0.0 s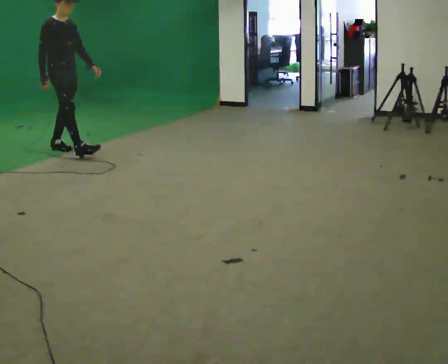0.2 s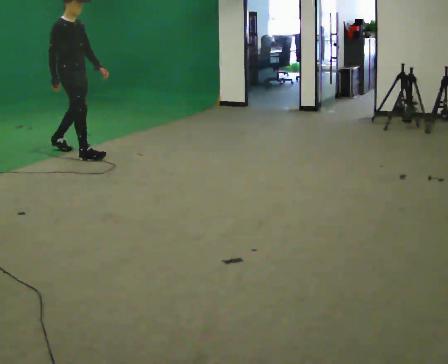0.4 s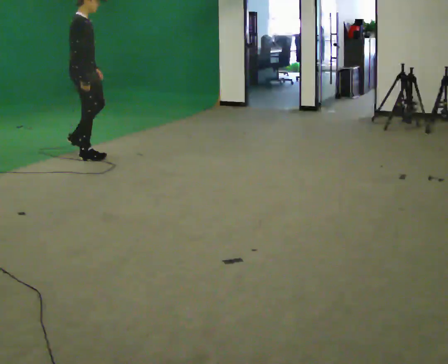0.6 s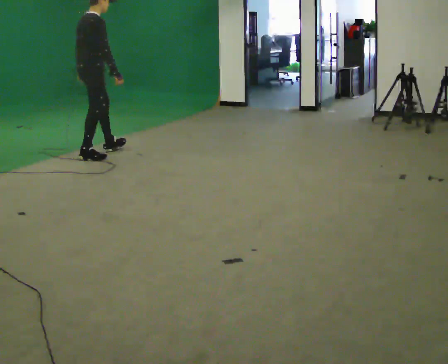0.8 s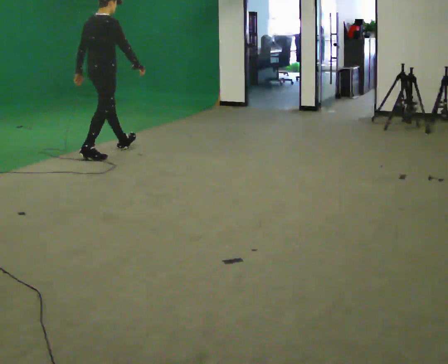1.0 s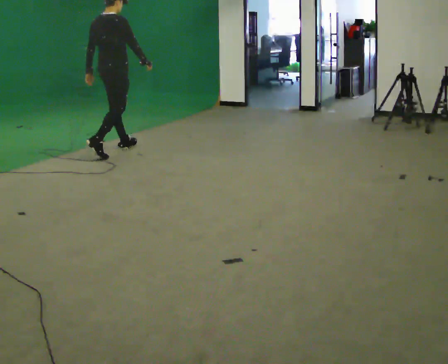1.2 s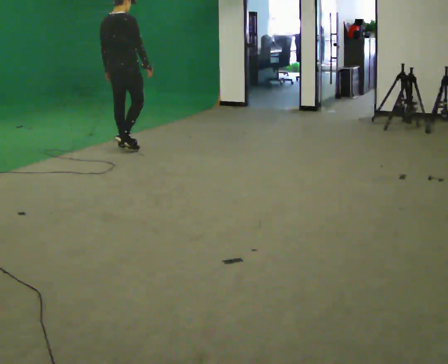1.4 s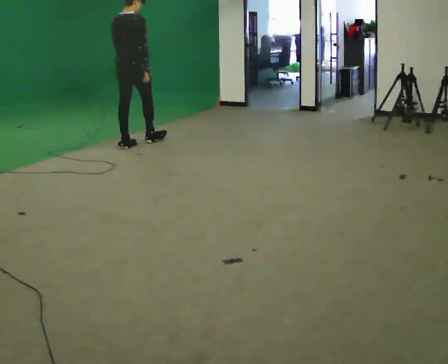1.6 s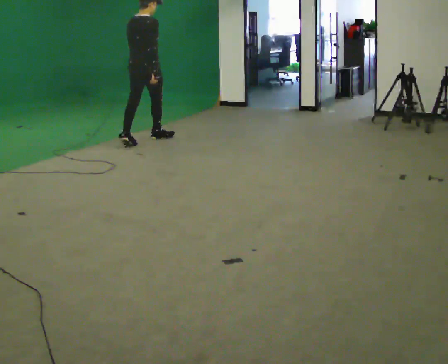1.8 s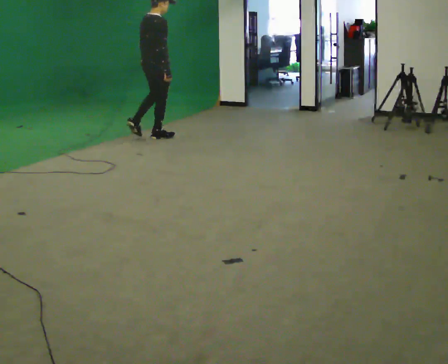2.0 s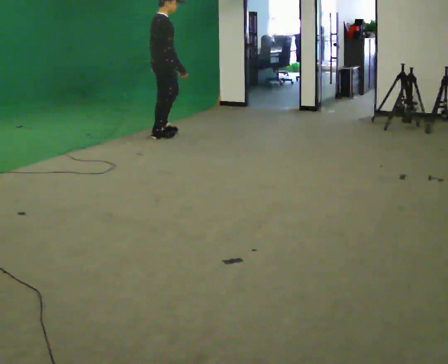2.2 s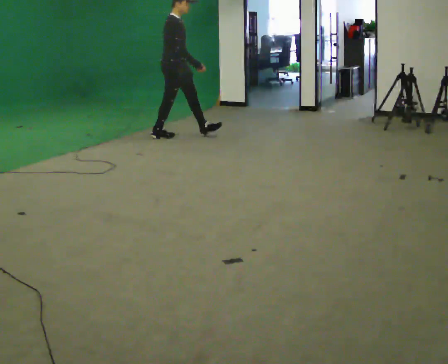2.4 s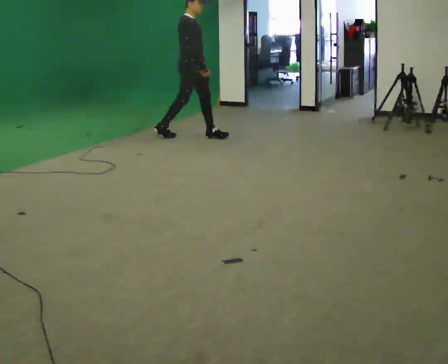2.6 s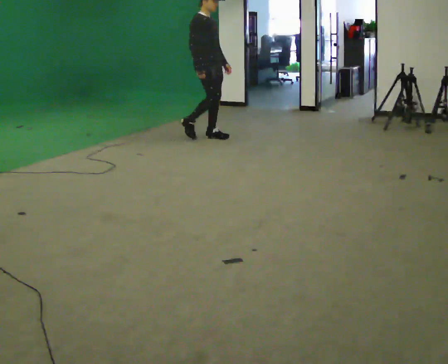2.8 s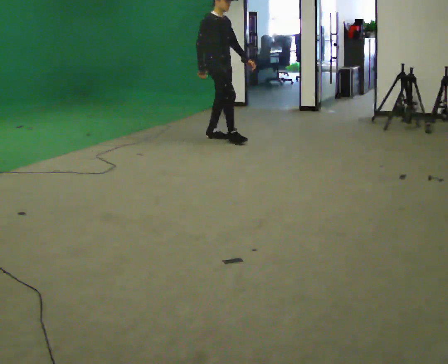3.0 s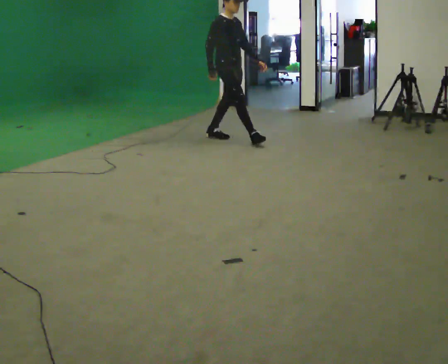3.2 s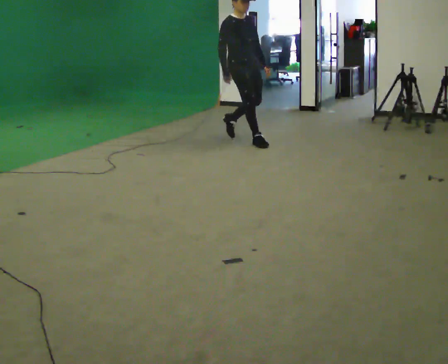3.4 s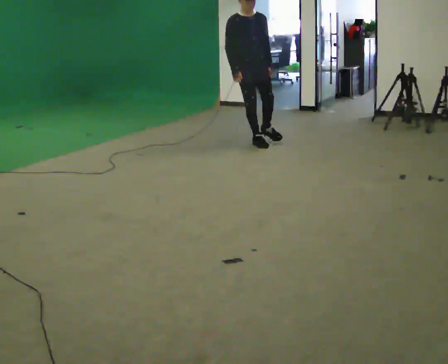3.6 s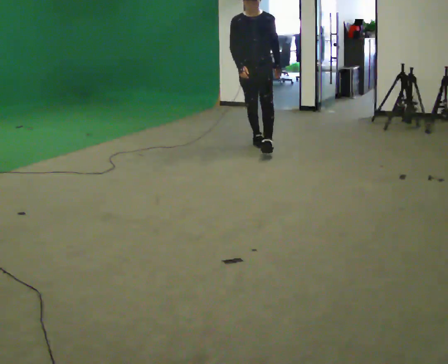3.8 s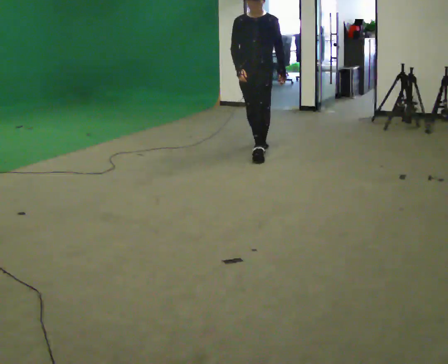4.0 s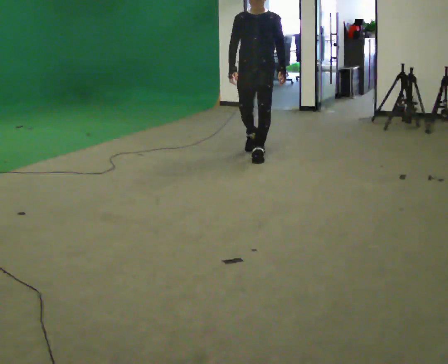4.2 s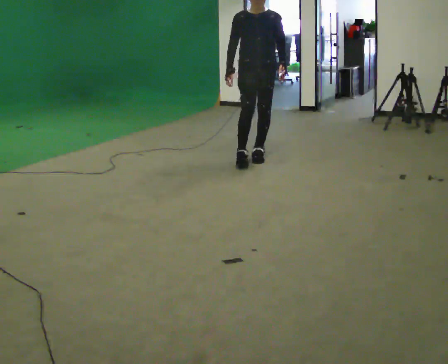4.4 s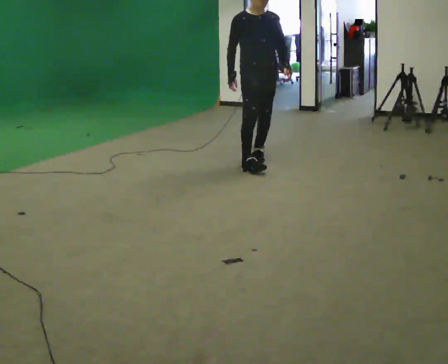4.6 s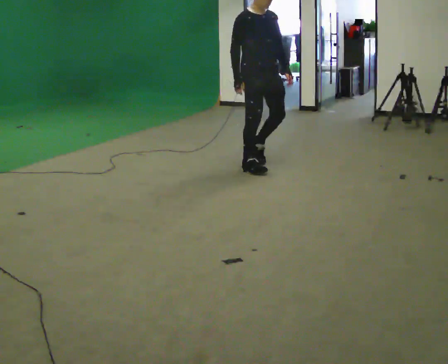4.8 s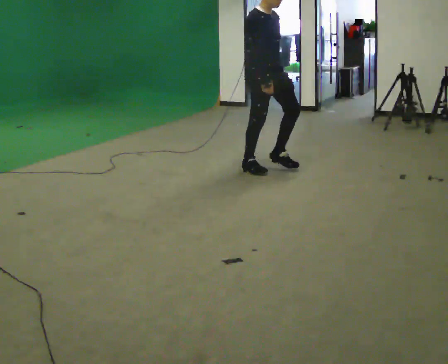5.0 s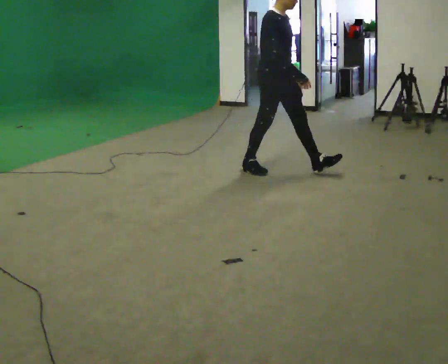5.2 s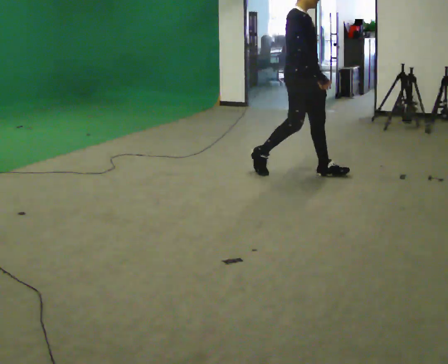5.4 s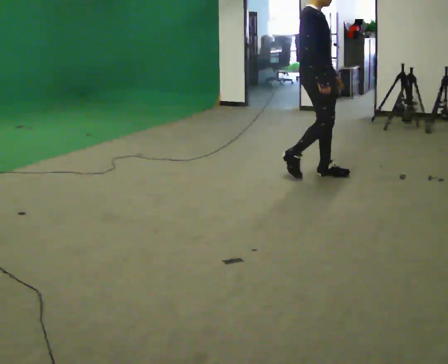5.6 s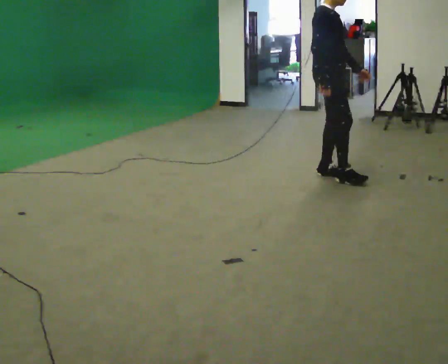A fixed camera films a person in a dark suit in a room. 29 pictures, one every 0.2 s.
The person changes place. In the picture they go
to the right.
0.0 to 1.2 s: The person turns about 90 degrees to their left, counterclockwise seen from above, so the part of the body nearest the lens slides to the right. In the picture they go to the right, about 0.75 m in 2 steps.
1.2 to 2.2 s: Seen from above the body turns clockwise, about 75 degrees: to their right, with its near side sliding to the left. In the picture they go to the right and away from the camera, about 0.75 m in 1 step.
2.2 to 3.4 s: The person turns about 60 degrees to their right, clockwise seen from above, so the part of the body nearest the lens slides to the left. In the picture they go to the right and toward the camera, about 1 m in 2 steps.
3.4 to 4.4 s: In the picture they go toward the camera, about 1 m in 2 steps, which for them is forward.
4.4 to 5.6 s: The person turns about 45 degrees to their left, counterclockwise seen from above, so the part of the body nearest the lens slides to the right. In the picture they go to the right and toward the camera, about 1 m in 1 step, which for them is forward.
The film runs forward here.
